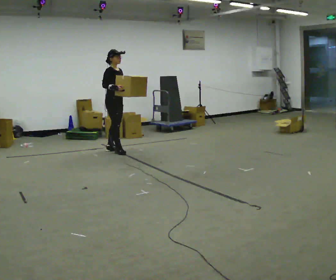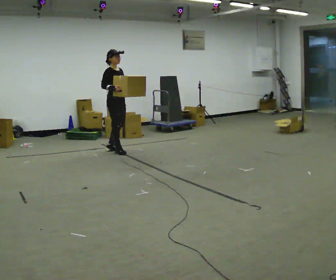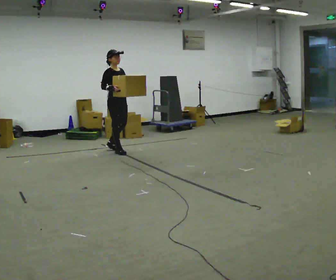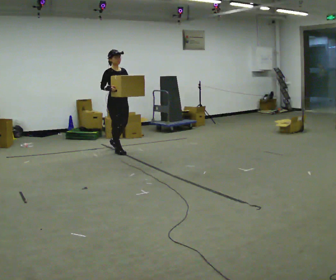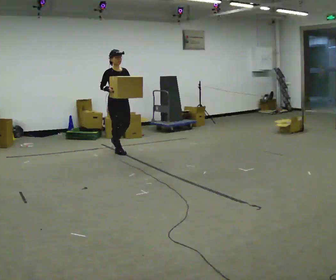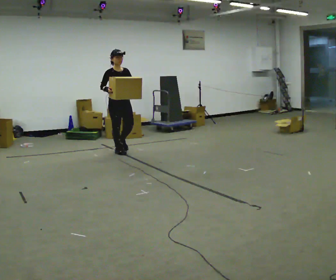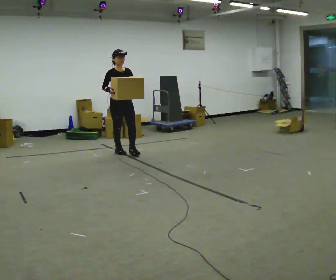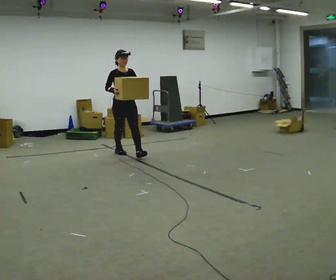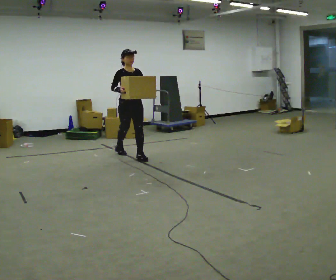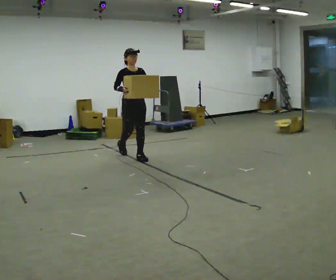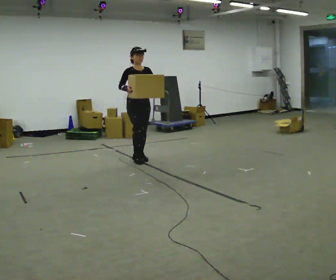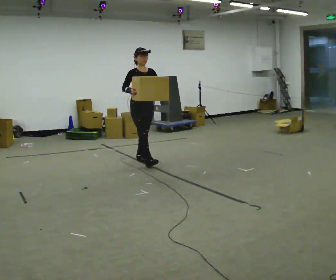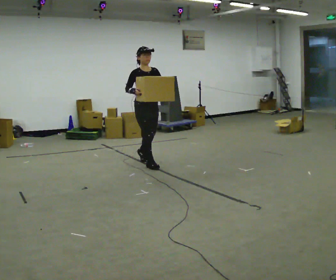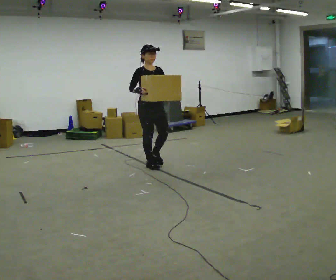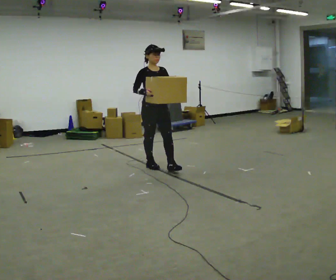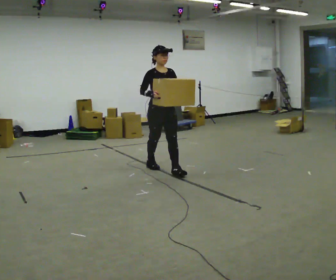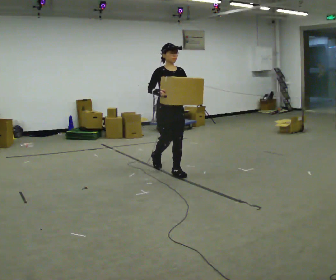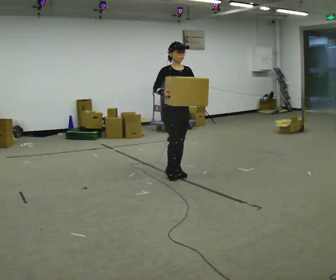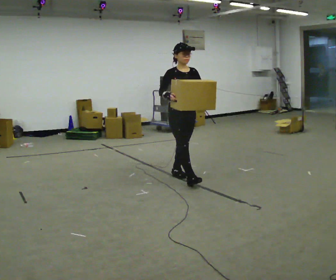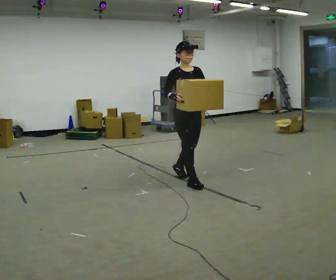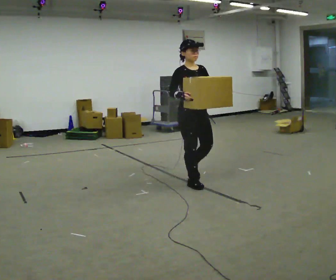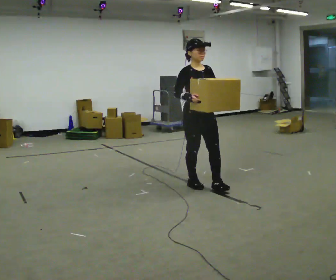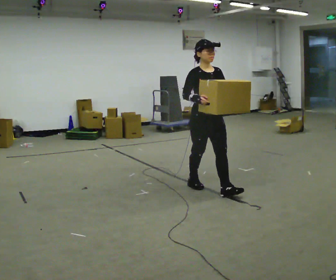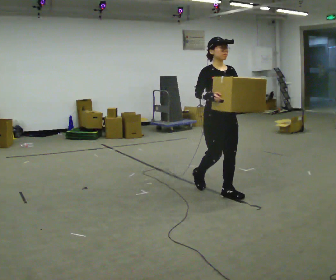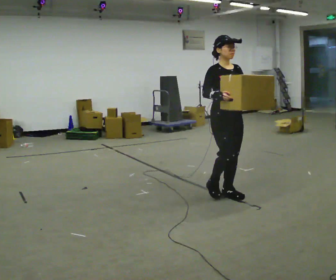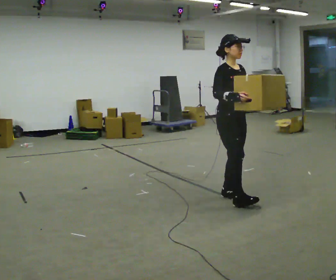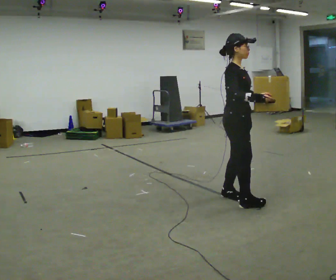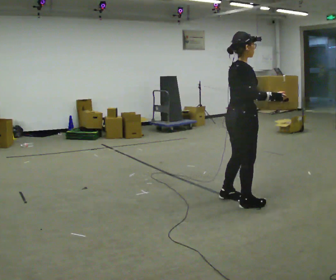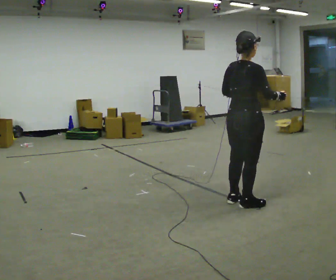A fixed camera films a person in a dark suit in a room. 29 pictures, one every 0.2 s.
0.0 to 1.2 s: The person turns about 45 degrees to their right, clockwise seen from above, so the part of the body nearest the lens slides to the left. In the picture they go toward the camera, about 0.25 m in 1 step, which for them is forward.
1.2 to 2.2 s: In the picture they go toward the camera and to the right, about 0.5 m in 1 step, which for them is forward.
2.2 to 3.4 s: In the picture they go toward the camera and to the right, about 1 m in 2 steps, which for them is forward.
3.4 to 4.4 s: In the picture they go toward the camera and to the right, about 0.75 m in 2 steps, which for them is forward.
4.4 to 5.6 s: Seen from above the body turns counterclockwise, about 105 degrees: to their left, with its near side sliding to the right. In the picture they go toward the camera and to the right, about 0.5 m in 2 steps.
The film runs forward here.
